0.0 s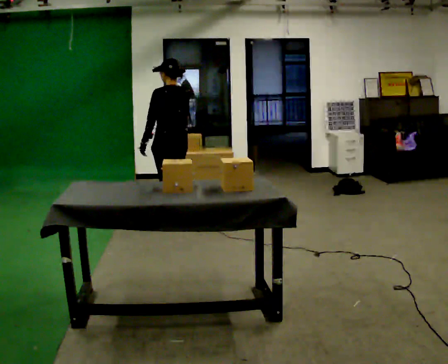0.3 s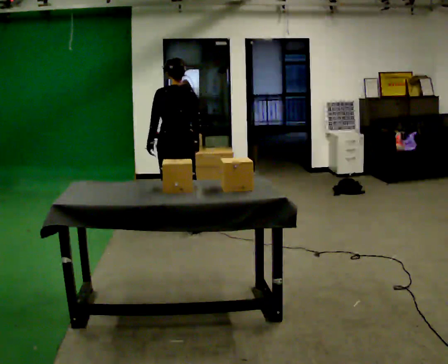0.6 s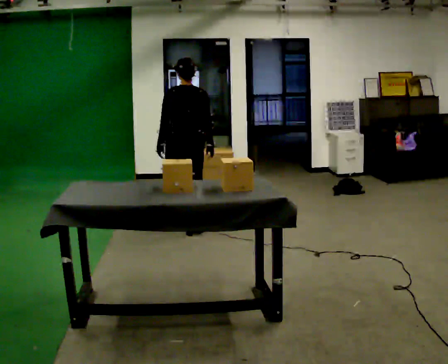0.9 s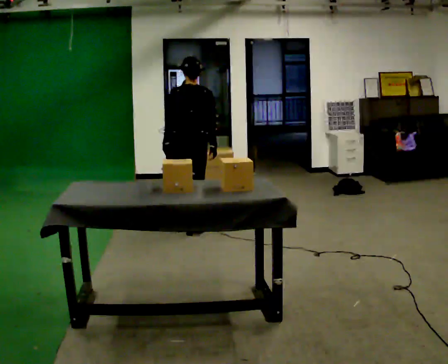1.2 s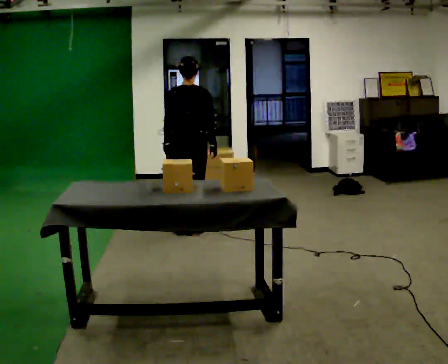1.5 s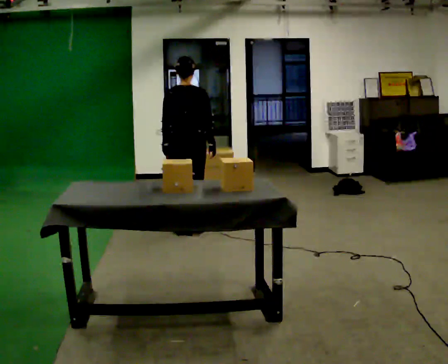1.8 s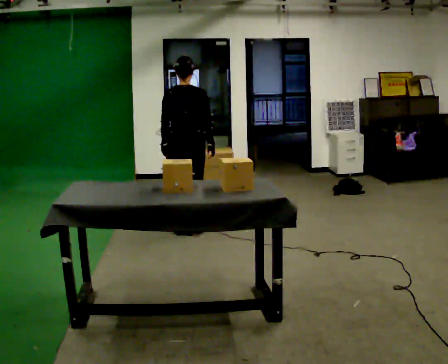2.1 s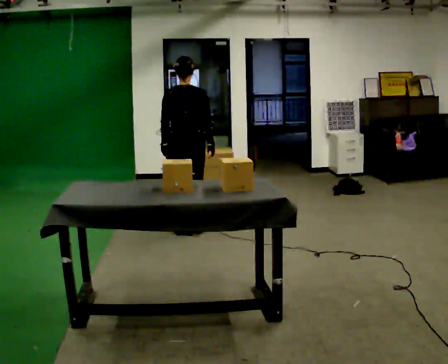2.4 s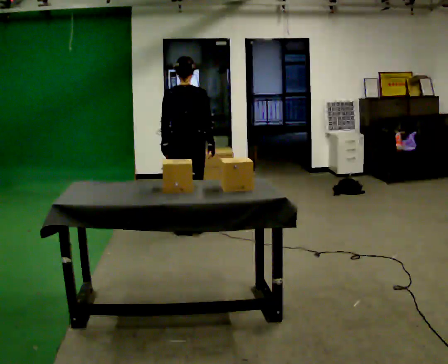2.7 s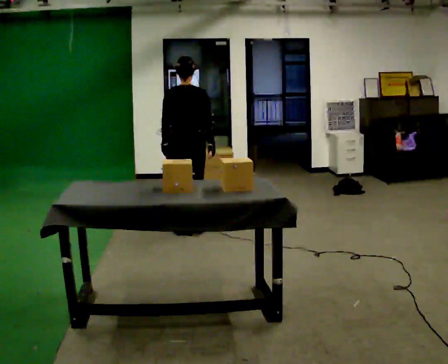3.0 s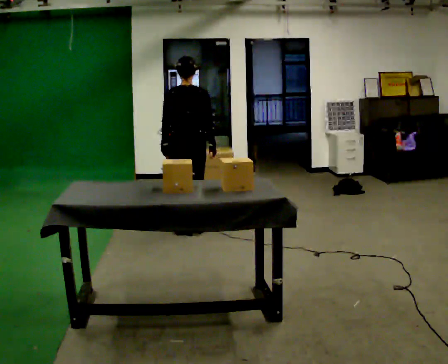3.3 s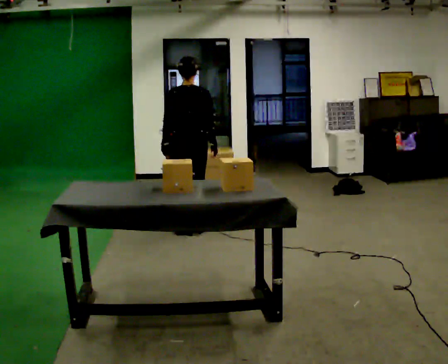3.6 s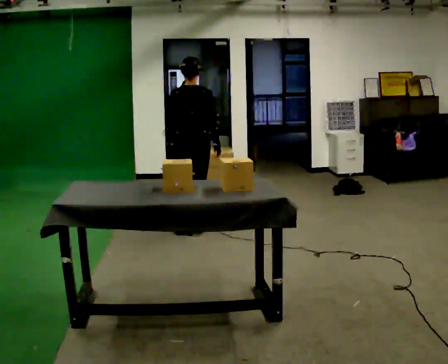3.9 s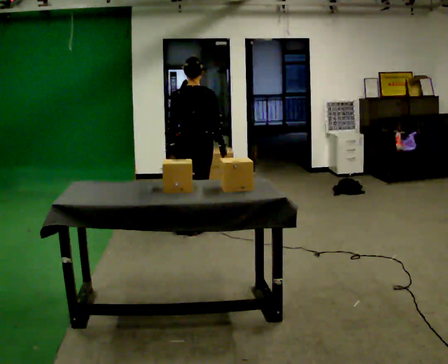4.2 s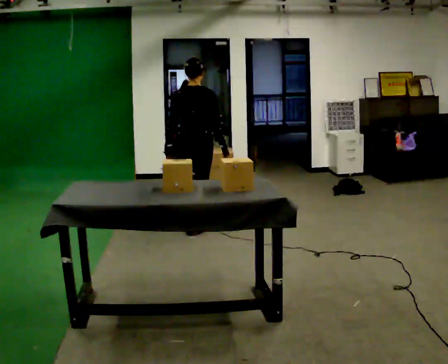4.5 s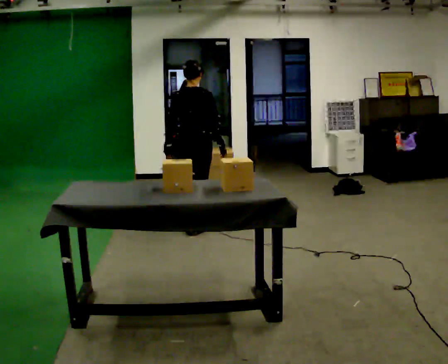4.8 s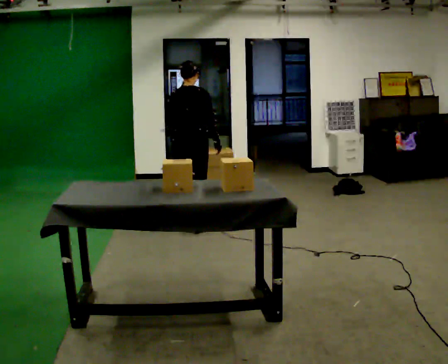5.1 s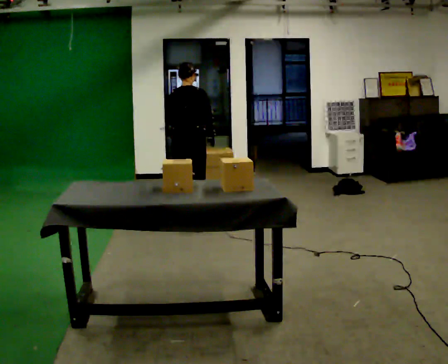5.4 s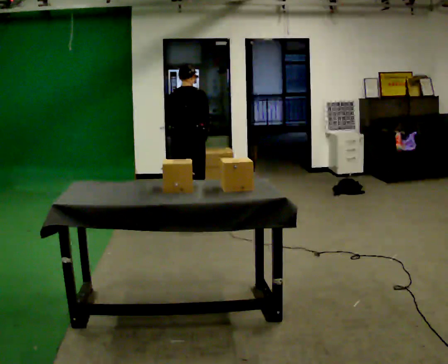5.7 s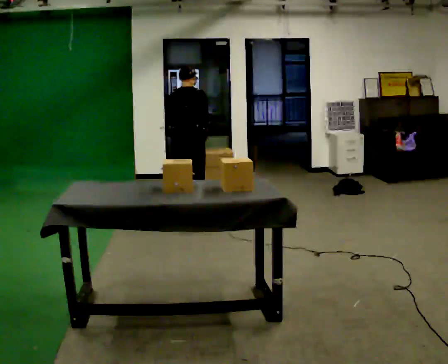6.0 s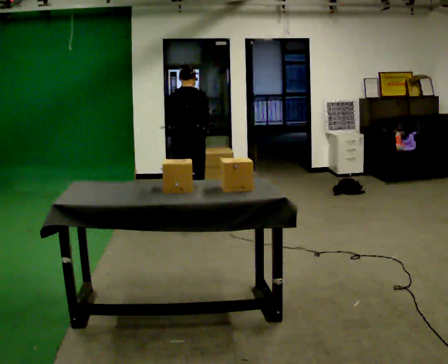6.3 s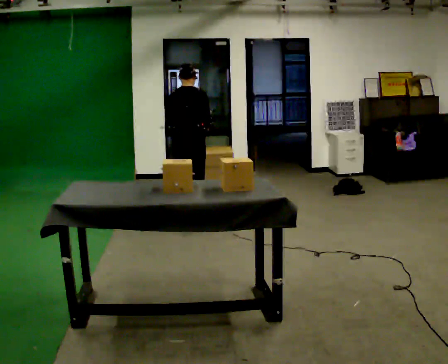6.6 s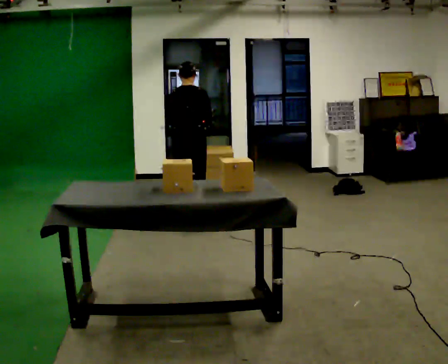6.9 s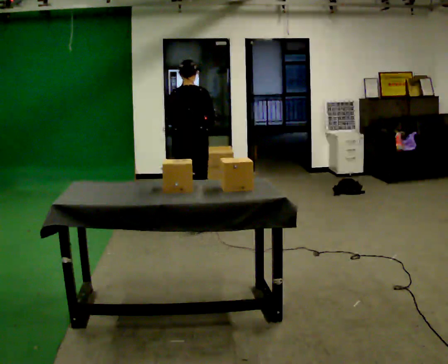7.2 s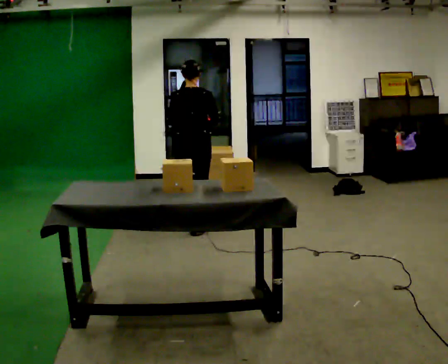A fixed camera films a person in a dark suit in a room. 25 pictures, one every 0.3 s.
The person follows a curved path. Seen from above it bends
counterclockwise.
0.0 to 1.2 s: The part of the body nearest the lens slides to the left as the person turns to their right by about 45 degrees. In the picture they go toward the camera and to the right, about 0.25 m in 1 step, which for them is backward and to their right.
1.2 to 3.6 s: The person moves a little, or ends about where they began.
3.6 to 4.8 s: In the picture they go away from the camera, about 0.25 m in 1 step, which for them is forward.
4.8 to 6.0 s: In the picture they go away from the camera, about 0.25 m, which for them is forward.
6.0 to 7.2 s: In the picture they go toward the camera, about 0.25 m, which for them is backward. The upper body tips toward the camera, its near side rolling downward, as they lean back or straighten.
The film runs backward here.
